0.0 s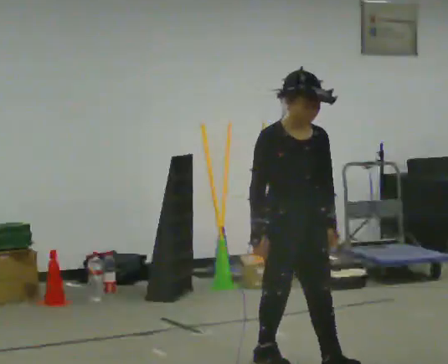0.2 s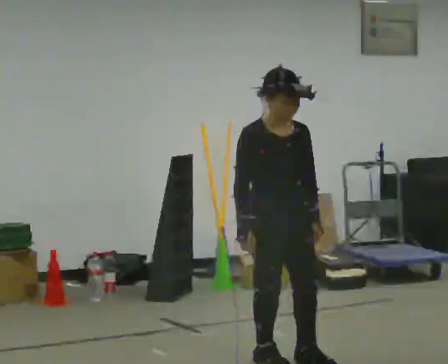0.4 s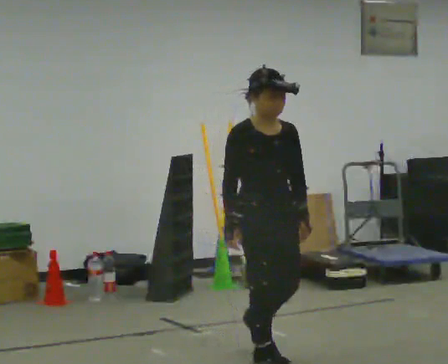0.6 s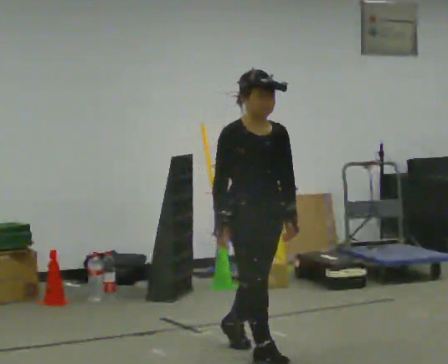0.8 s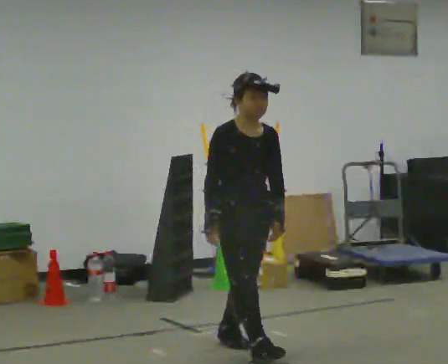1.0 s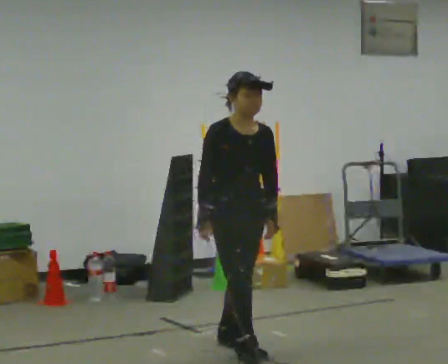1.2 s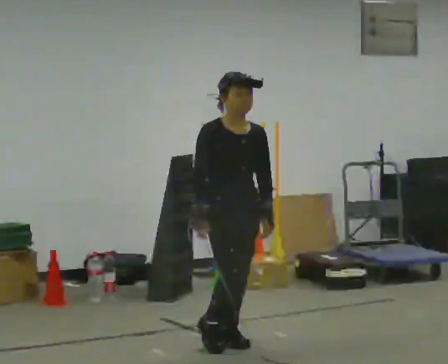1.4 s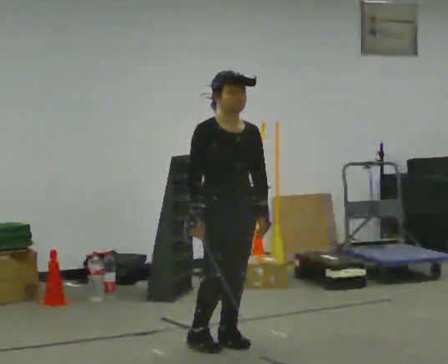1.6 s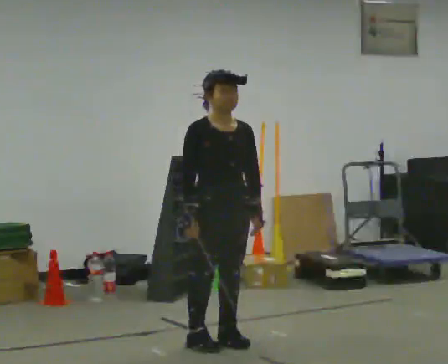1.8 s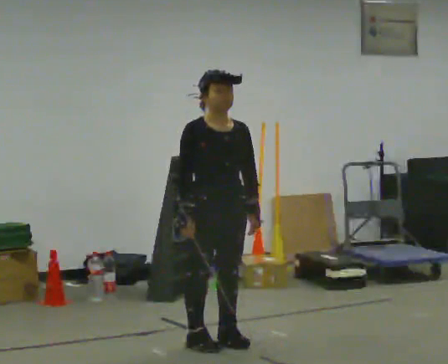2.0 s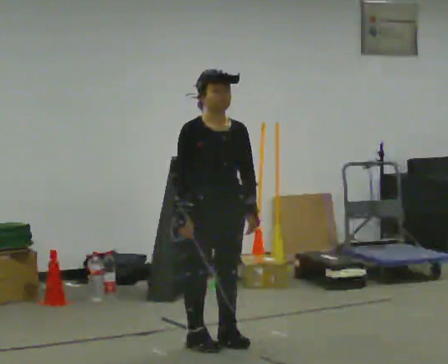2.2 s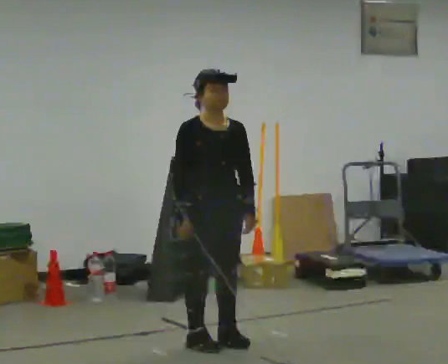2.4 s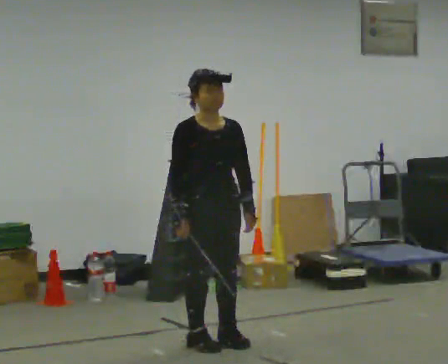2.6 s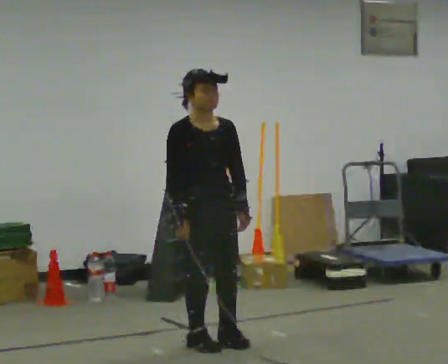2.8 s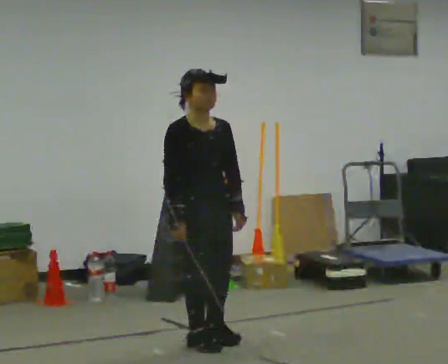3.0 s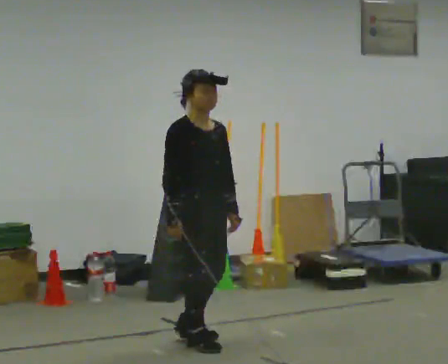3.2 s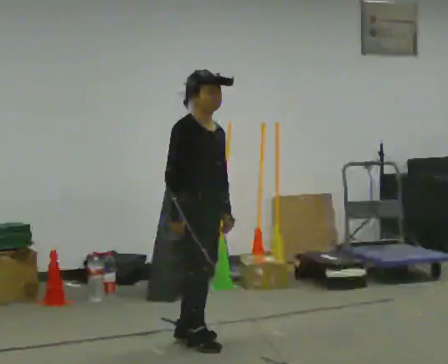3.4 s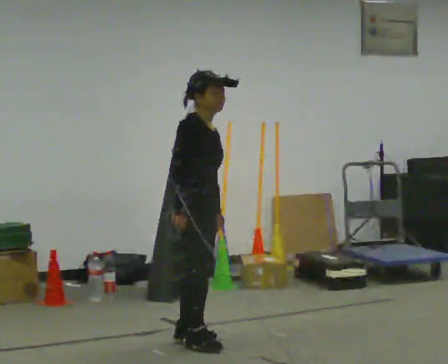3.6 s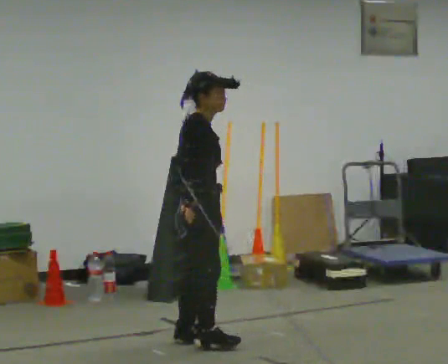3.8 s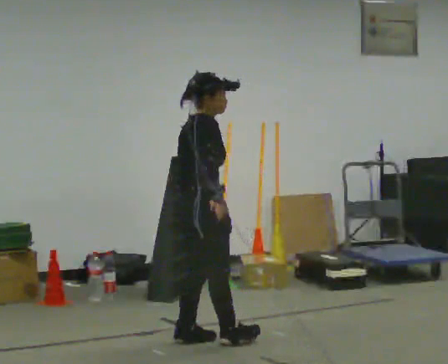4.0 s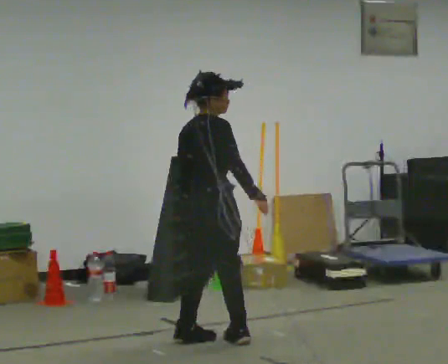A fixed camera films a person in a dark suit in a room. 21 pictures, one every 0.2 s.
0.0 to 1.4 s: In the picture they go away from the camera and to the left, about 0.5 m in 1 step, which for them is backward.
1.4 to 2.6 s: The person moves a little, or ends about where they began.
2.6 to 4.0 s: The person turns about 105 degrees to their left, counterclockwise seen from above, so the part of the body nearest the lens slides to the right. In the picture their right hand goes to the right, the arm swinging counterclockwise.
The film runs backward here.
